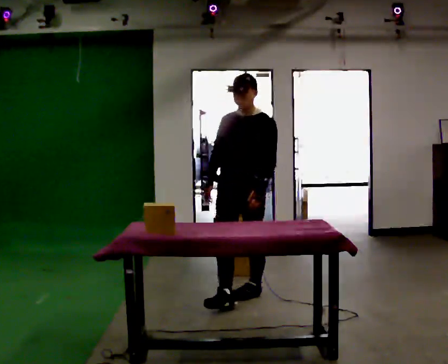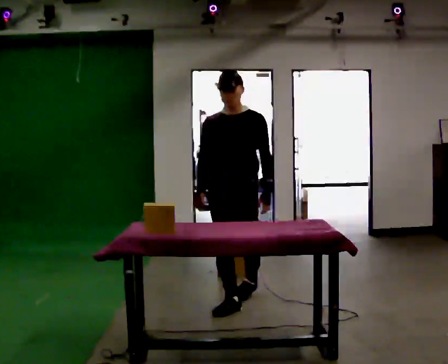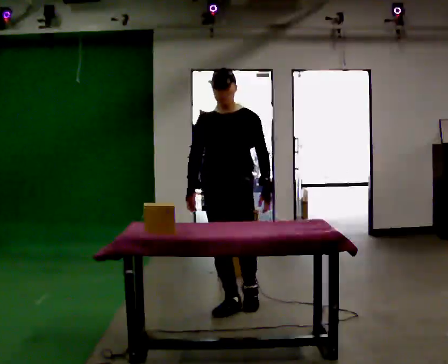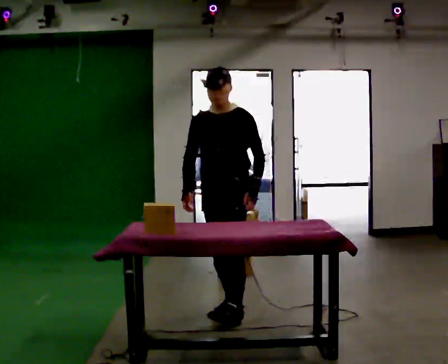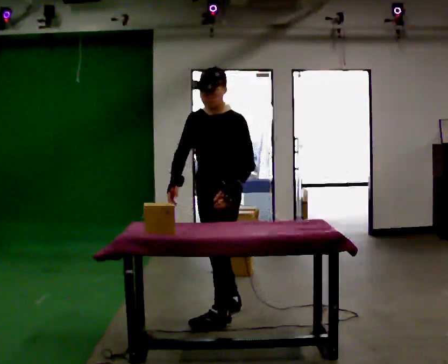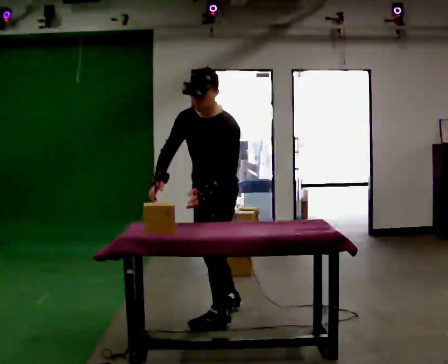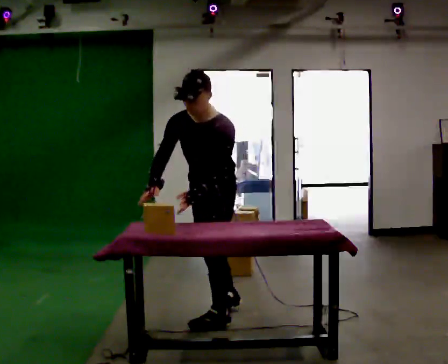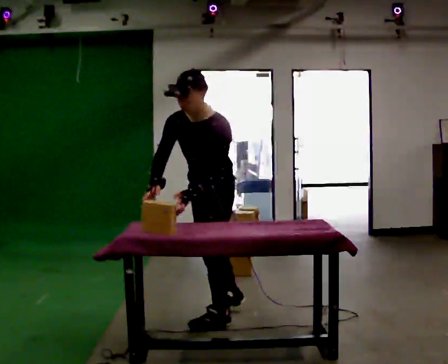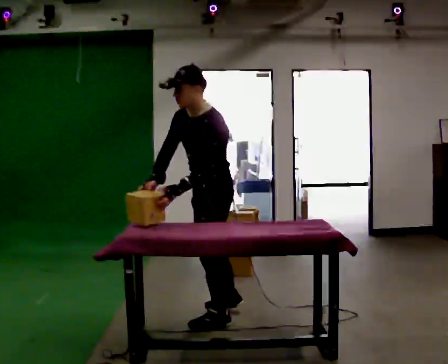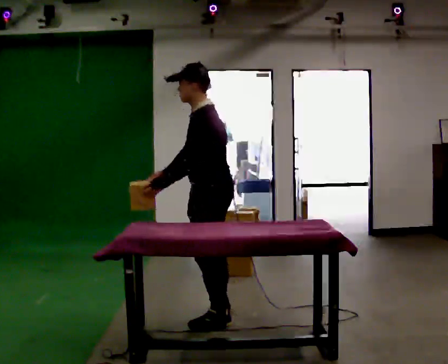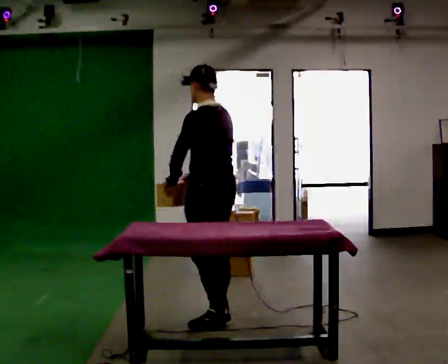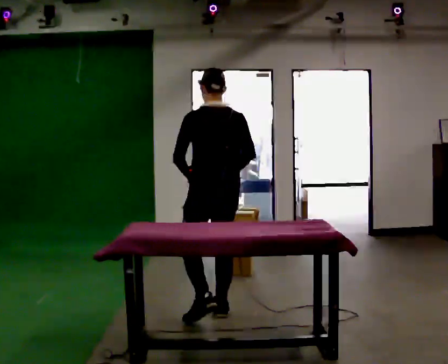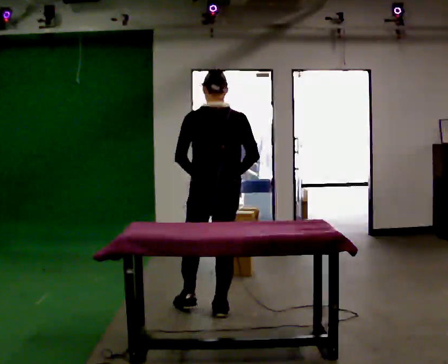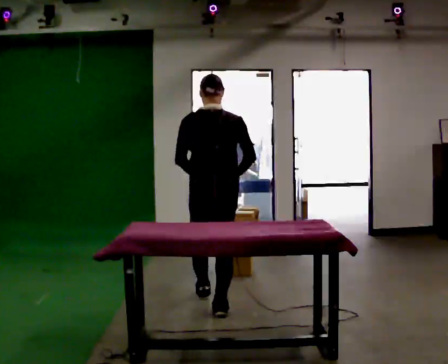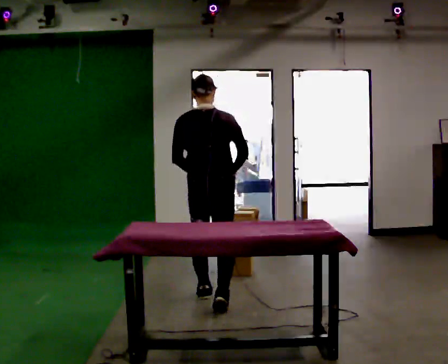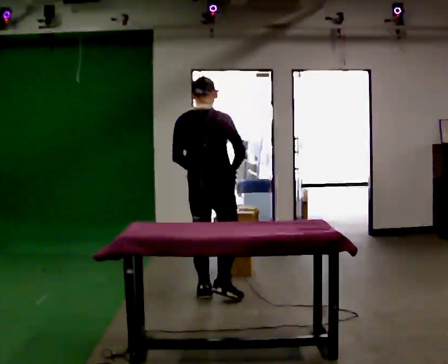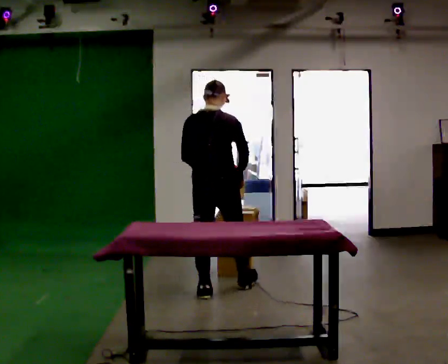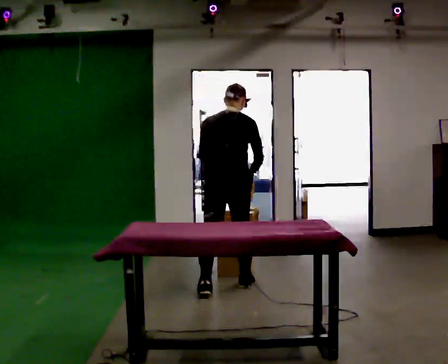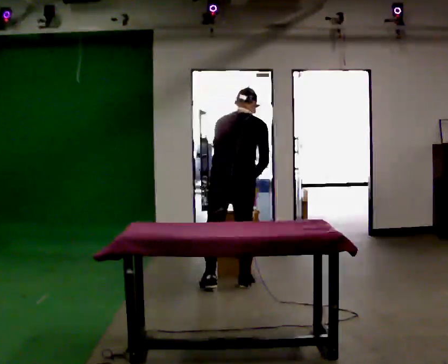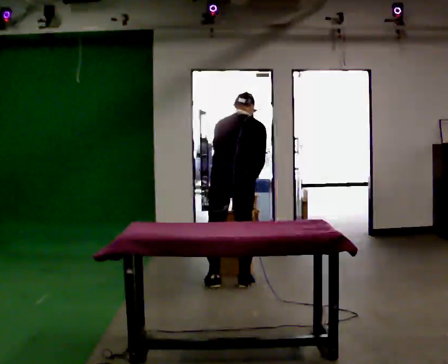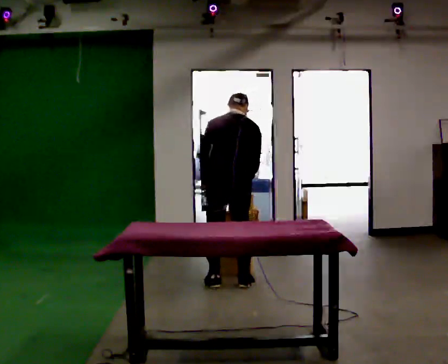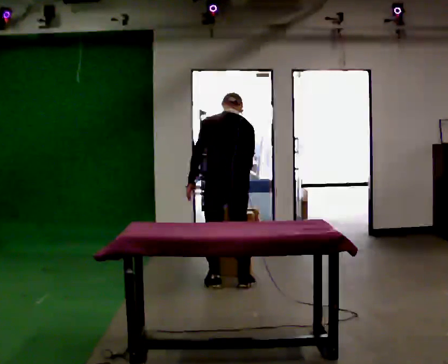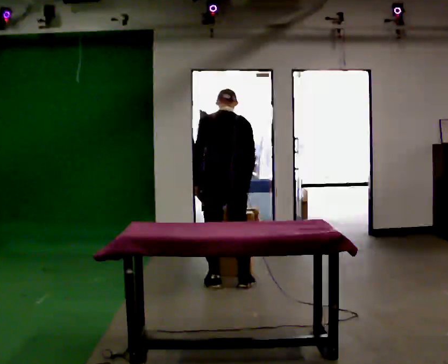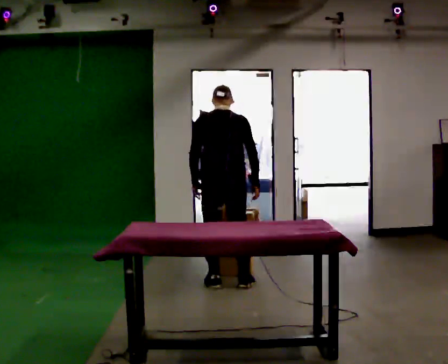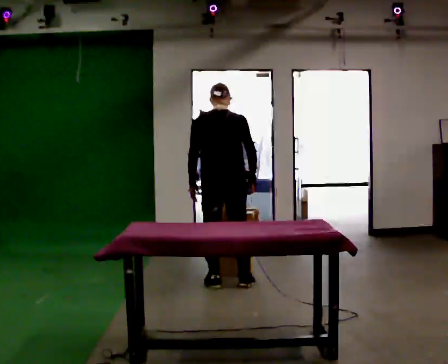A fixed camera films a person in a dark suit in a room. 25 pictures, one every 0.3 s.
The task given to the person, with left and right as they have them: Carry the object across the room and slide it into the slot on the shelf. It is a close fit, so take the time you need. Keep going until the operator says stop; one object at a time, and do not rush between trips.
0.0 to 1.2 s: The part of the body nearest the lens slides to the left as the person turns to their right by about 30 degrees. In the picture they go toward the camera, about 0.5 m in 2 steps, which for them is forward.
1.2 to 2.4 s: The person turns about 30 degrees to their right, clockwise seen from above, so the part of the body nearest the lens slides to the left. In the picture their left hand goes to the left.
2.4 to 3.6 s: The part of the body nearest the lens slides to the left as the person turns to their right by about 105 degrees. In the picture they go away from the camera, about 0.25 m in 1 step. The upper body tips away from the camera, its near side rolling upward, as they lean back or straighten.
3.6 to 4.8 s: In the picture they go away from the camera, about 0.5 m in 1 step, which for them is forward.
4.8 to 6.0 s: In the picture they go away from the camera, about 0.25 m in 2 steps, which for them is forward. The upper body tips away from the camera, its near side rolling upward, as they bend forward.
6.0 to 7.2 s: The upper body tips toward the camera, its near side rolling downward, as they lean back or straighten.
The film runs forward here.
